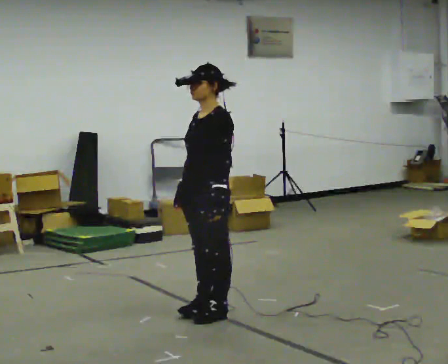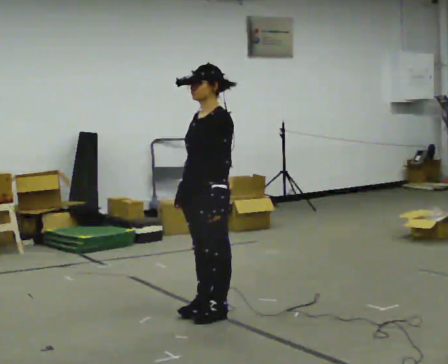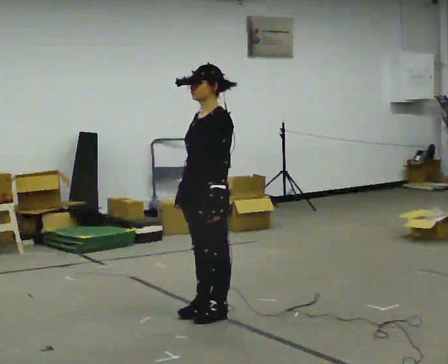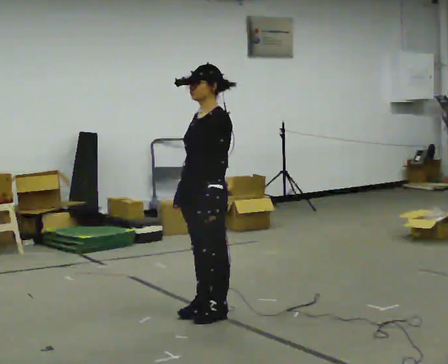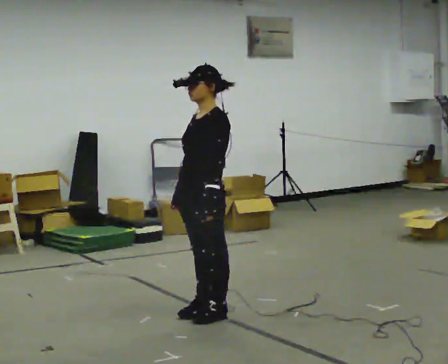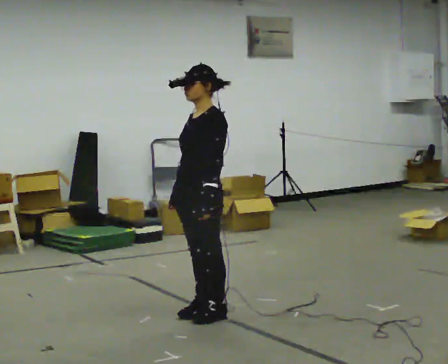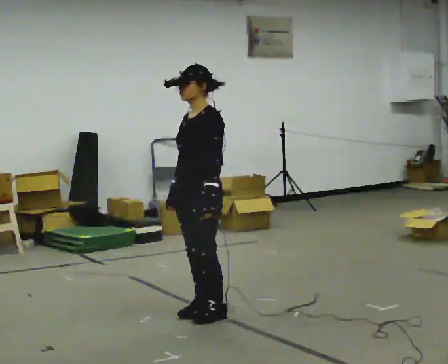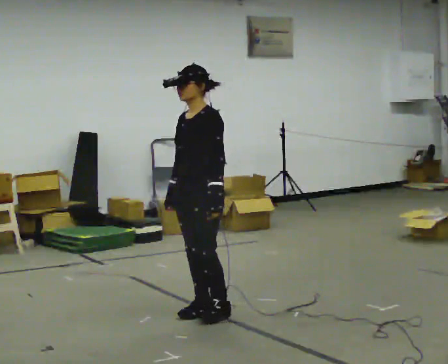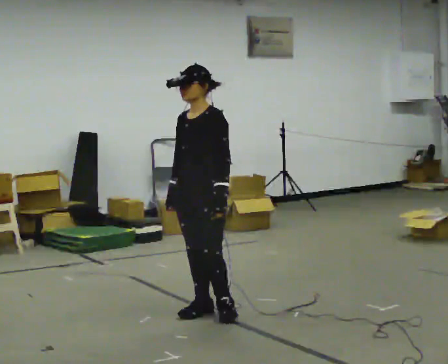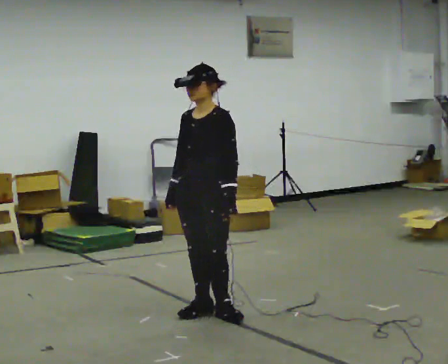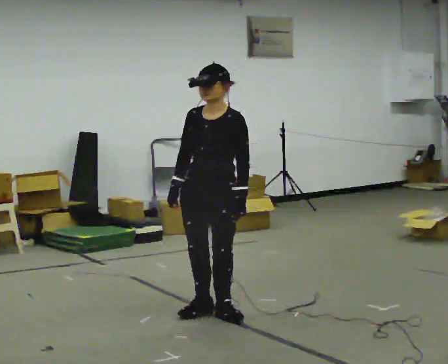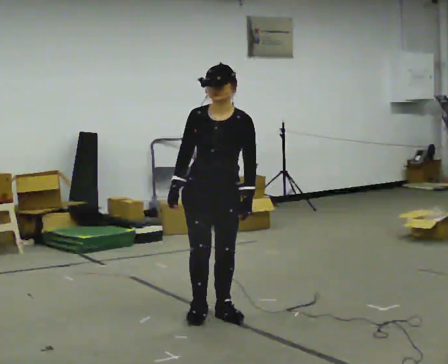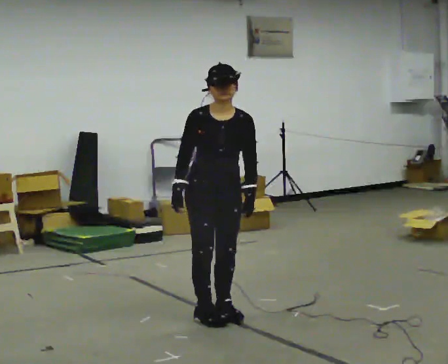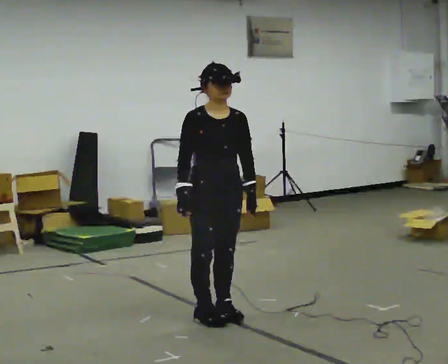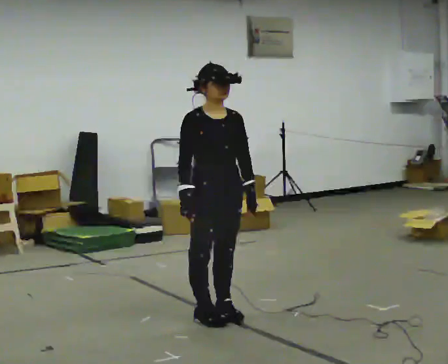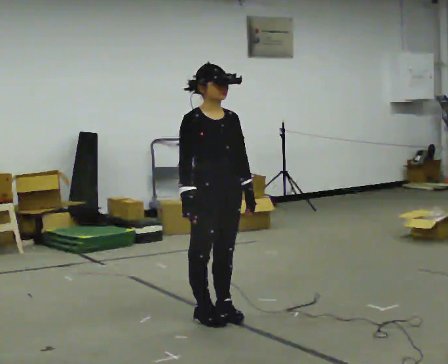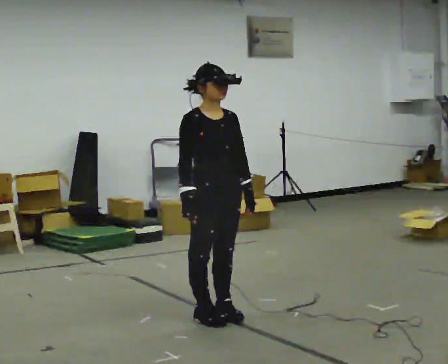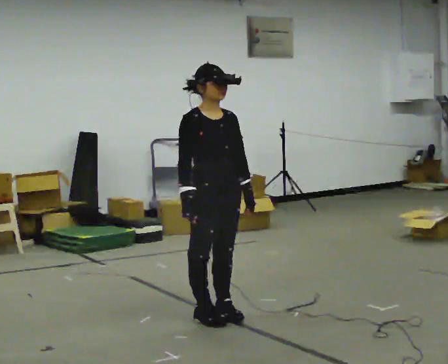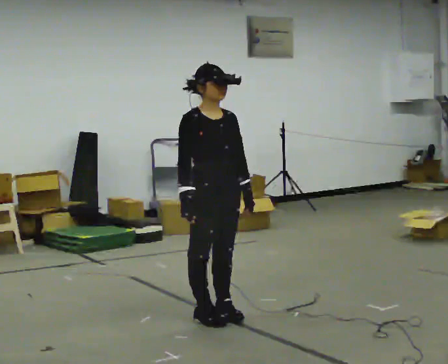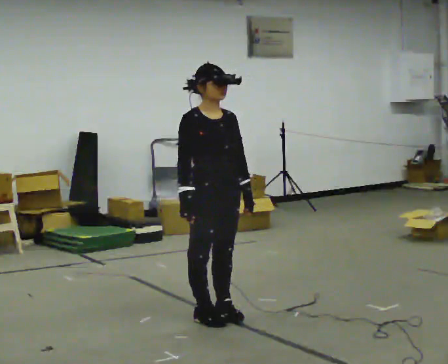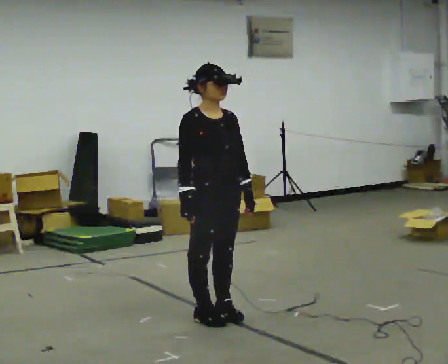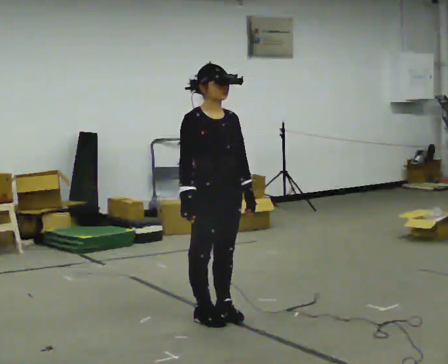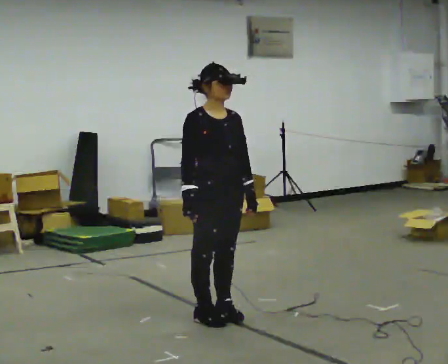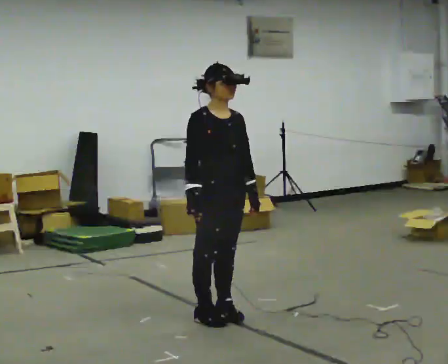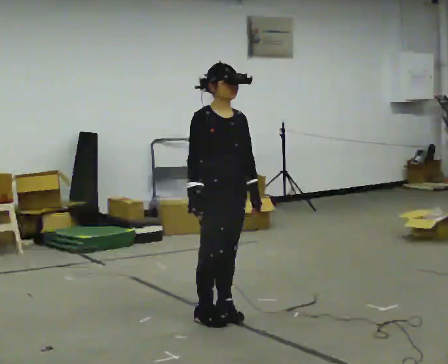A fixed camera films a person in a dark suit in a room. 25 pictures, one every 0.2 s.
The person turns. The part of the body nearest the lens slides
to the right.
The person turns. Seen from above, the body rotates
counterclockwise.
0.0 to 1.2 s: The person moves a little, or ends about where they began.
1.2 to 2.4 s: Seen from above the body turns counterclockwise, about 75 degrees: to their left, with its near side sliding to the right.
2.4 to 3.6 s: The part of the body nearest the lens slides to the right as the person turns to their left by about 30 degrees.
3.6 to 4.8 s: The person moves a little, or ends about where they began.
The film runs backward here.
